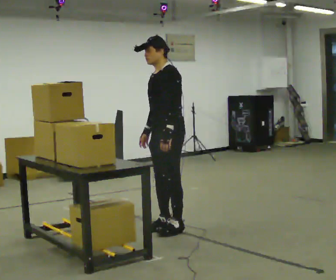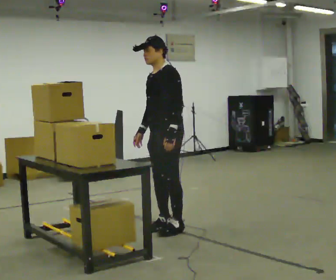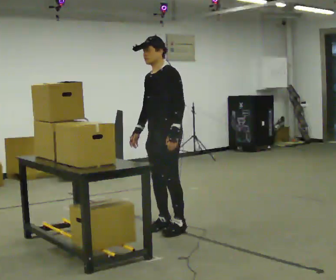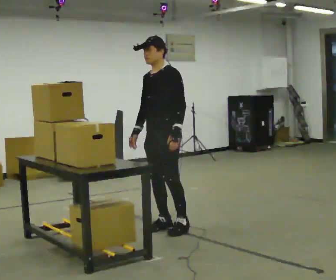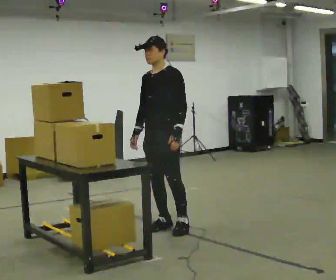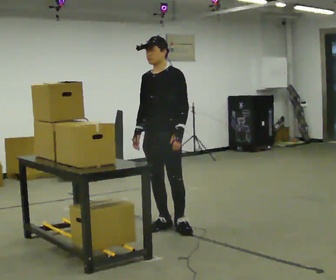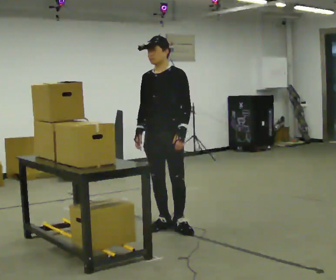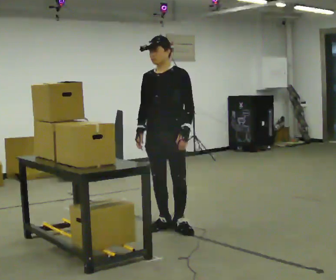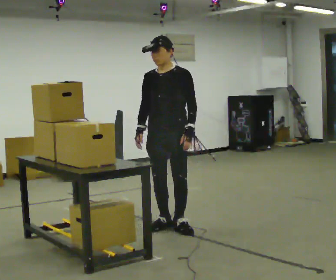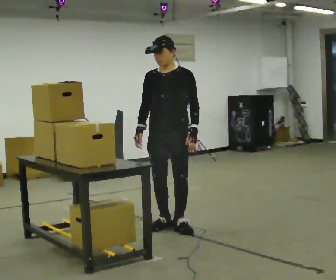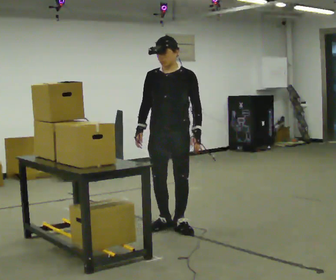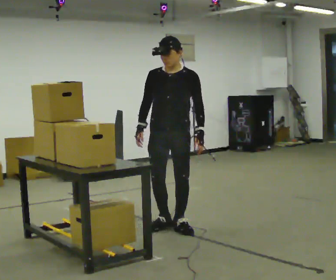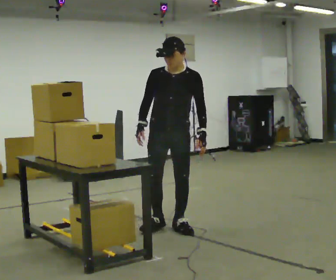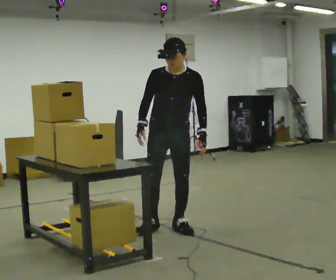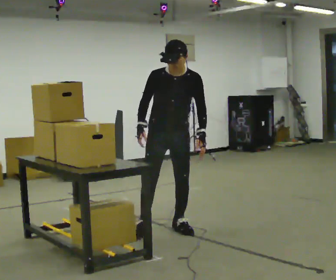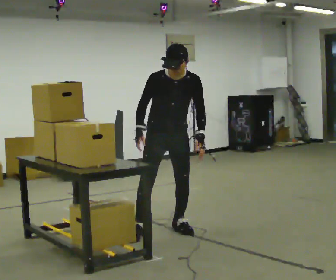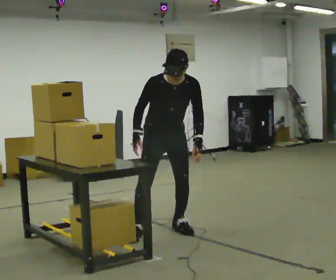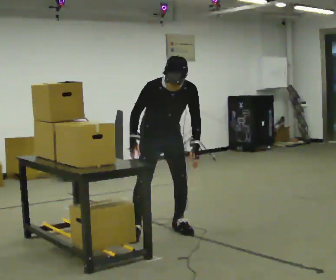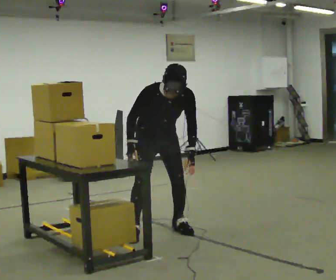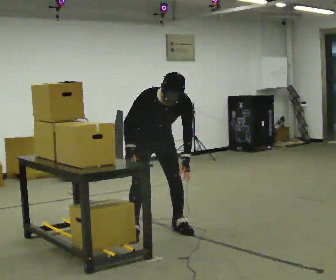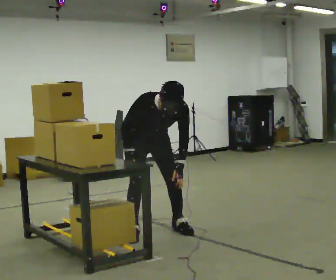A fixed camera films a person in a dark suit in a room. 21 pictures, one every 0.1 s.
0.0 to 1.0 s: The part of the body nearest the lens slides to the right as the person turns to their left by about 45 degrees.
1.0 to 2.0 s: The part of the body nearest the lens slides to the right as the person turns to their left by about 30 degrees. In the picture they go to the left, about 0.25 m in 1 step, which for them is to their right. The shoulders move downward. The upper body tips toward the camera, its near side rolling downward, as they bend forward.
The film runs backward here.
